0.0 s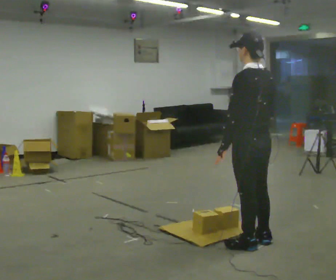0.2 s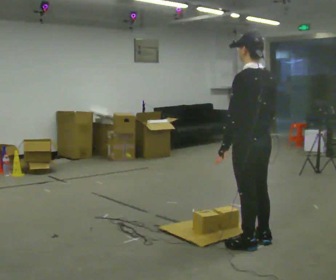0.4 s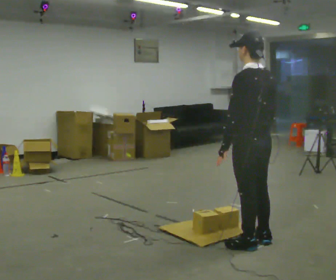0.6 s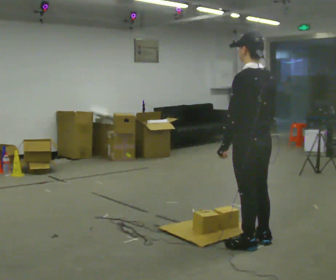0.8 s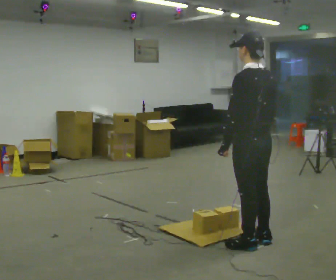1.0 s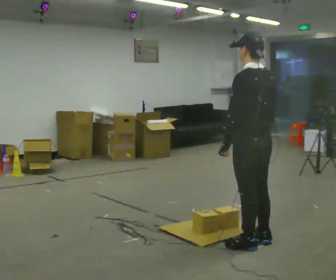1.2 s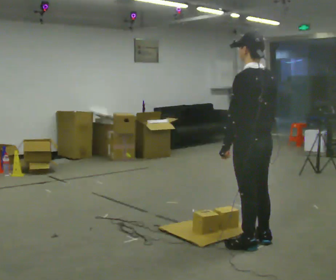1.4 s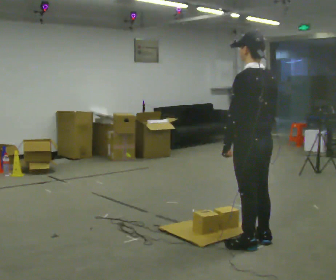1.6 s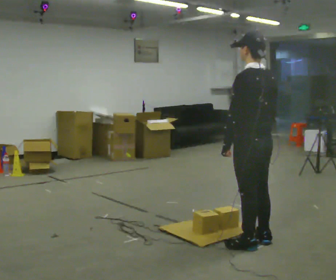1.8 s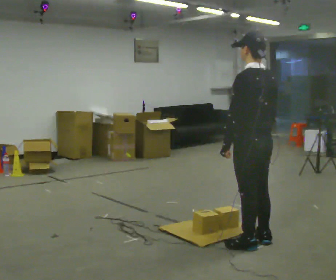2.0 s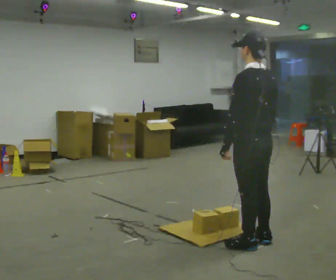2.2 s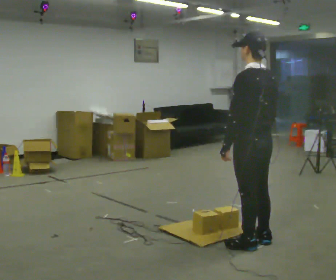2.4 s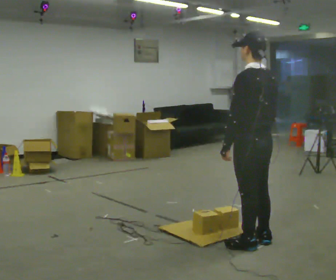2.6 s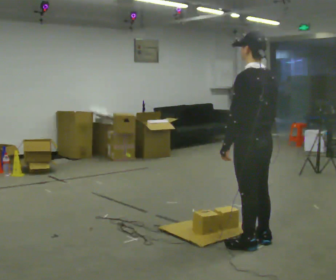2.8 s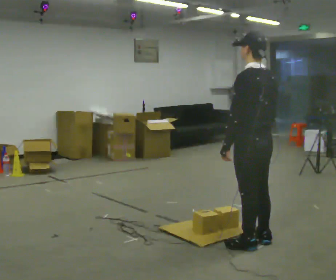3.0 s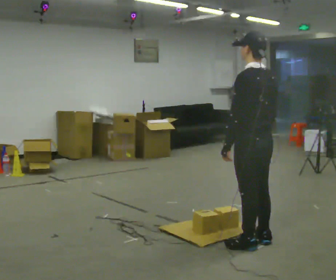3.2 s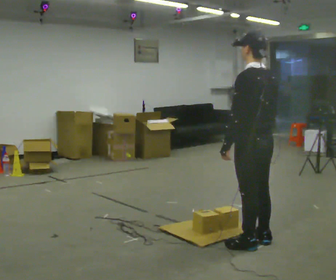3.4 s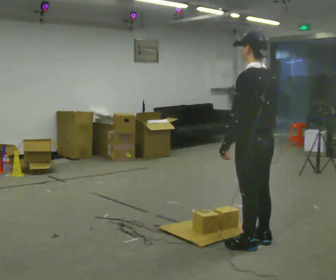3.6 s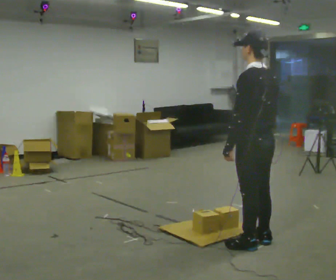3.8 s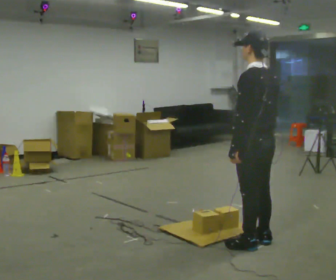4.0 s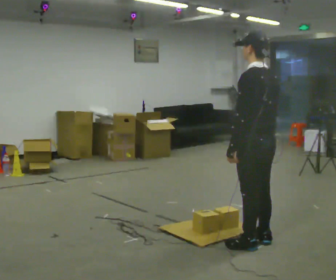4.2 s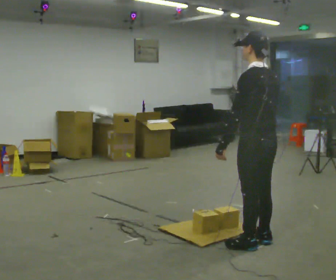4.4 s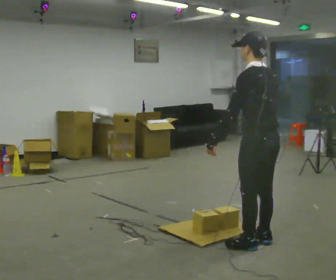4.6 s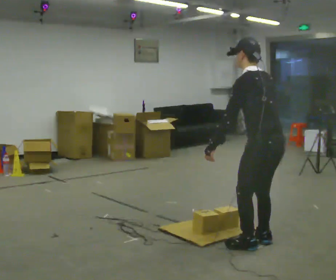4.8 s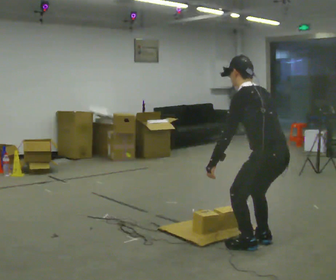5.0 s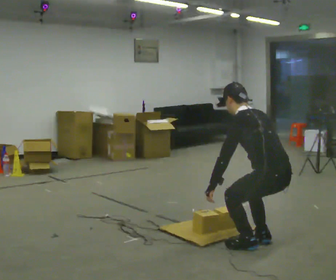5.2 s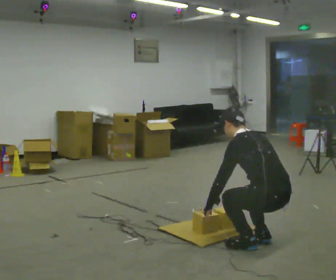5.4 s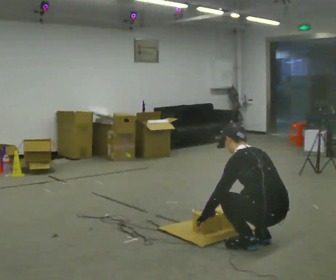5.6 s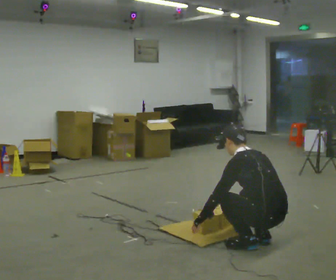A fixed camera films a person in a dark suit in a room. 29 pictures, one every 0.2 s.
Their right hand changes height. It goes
downward.
The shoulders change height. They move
downward.
0.0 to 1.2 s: The person moves a little, or ends about where they began.
1.2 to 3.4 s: The person keeps their place and pose.
3.4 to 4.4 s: The person moves a little, or ends about where they began.
4.4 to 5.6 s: The upper body goes downward. The upper body tips away from the camera, its near side rolling upward, as they bend forward. In the picture their left hand goes downward.
The film runs backward here.
